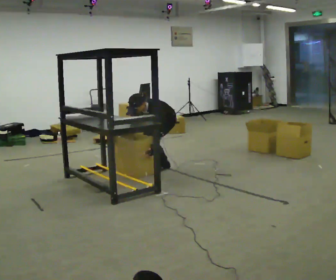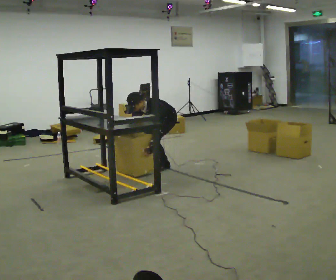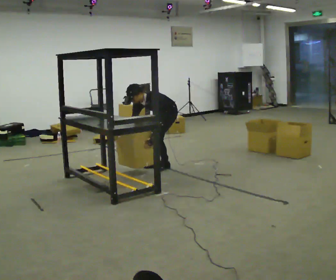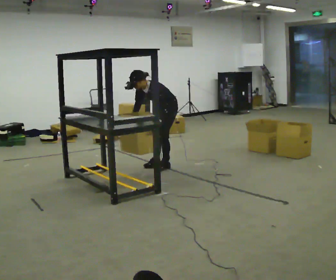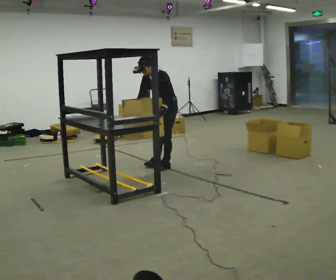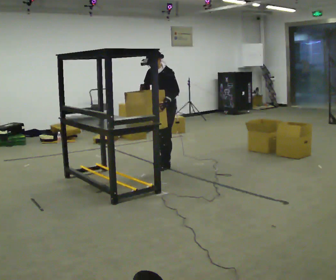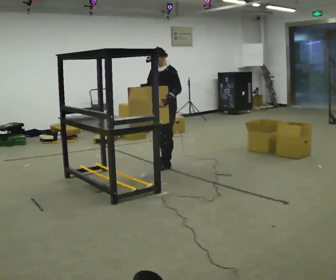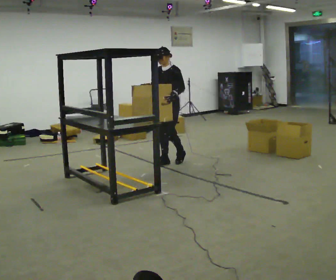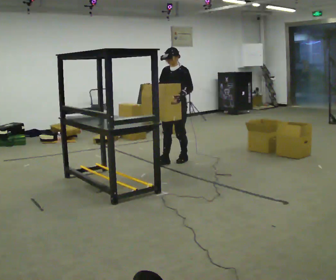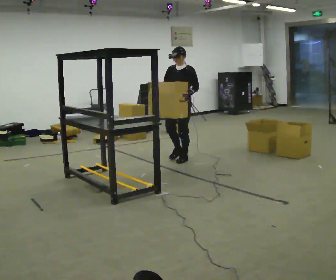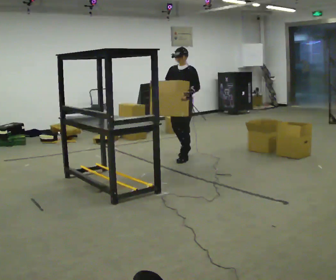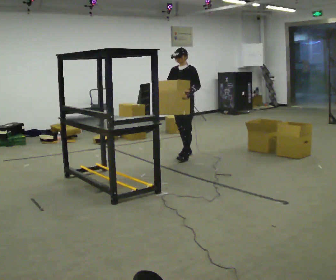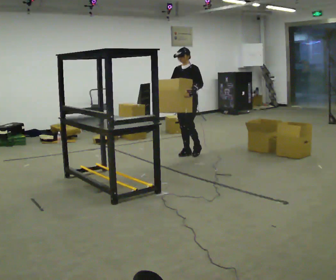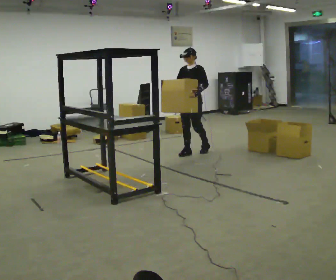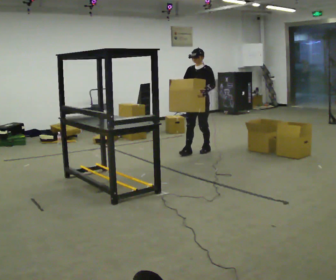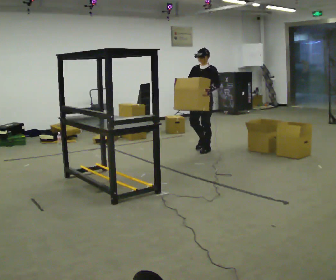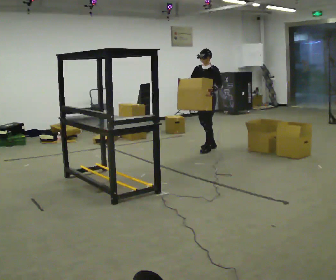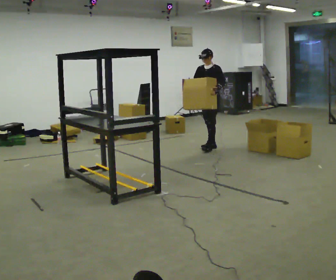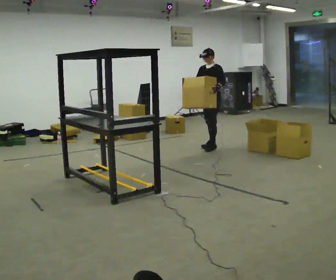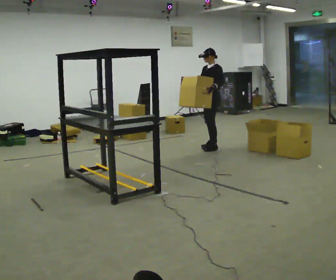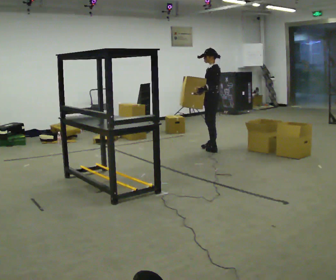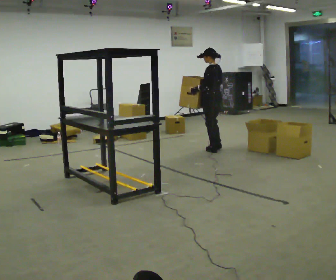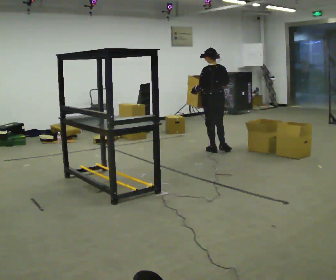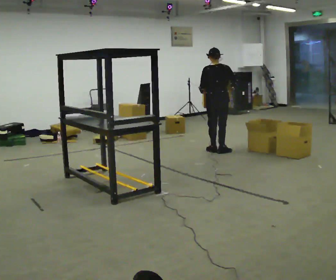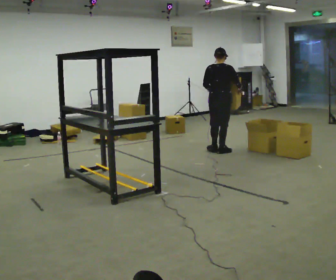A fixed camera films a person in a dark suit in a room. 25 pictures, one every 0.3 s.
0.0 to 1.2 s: The shoulders move upward. The upper body tips away from the camera, its near side rolling upward, as they lean back or straighten. In the picture their left hand goes upward.
1.2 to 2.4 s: In the picture they go away from the camera, about 0.25 m in 1 step, which for them is backward. In the picture the upper body tilts clockwise, shoulders to the right, as they lean back or straighten.
2.4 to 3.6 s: In the picture they go away from the camera, about 0.5 m in 2 steps, which for them is backward.
3.6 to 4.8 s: In the picture they go away from the camera and to the right, about 0.5 m in 1 step, which for them is backward.
4.8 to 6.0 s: The part of the body nearest the lens slides to the left as the person turns to their right by about 60 degrees.
6.0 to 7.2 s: Seen from above the body turns clockwise, about 105 degrees: to their right, with its near side sliding to the left. In the picture they go toward the camera, about 0.25 m in 1 step.
The film runs backward here.
